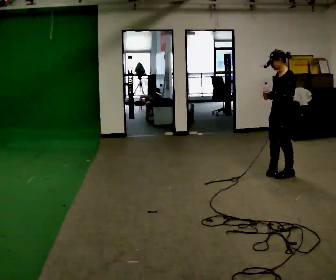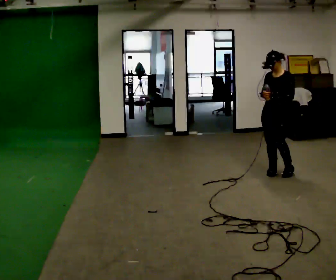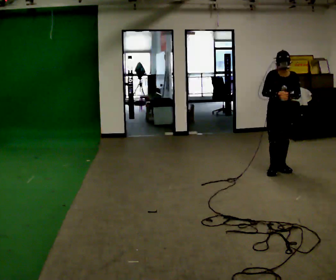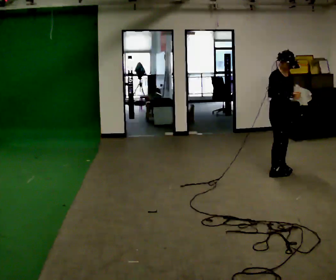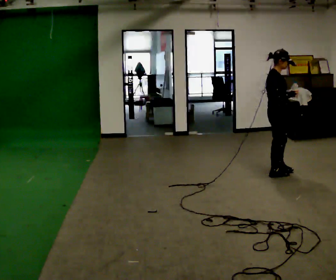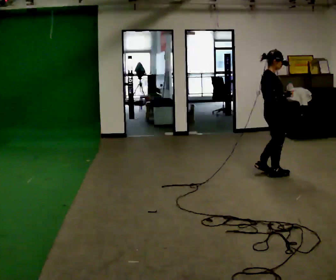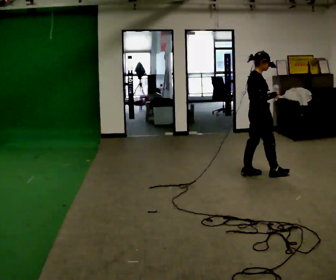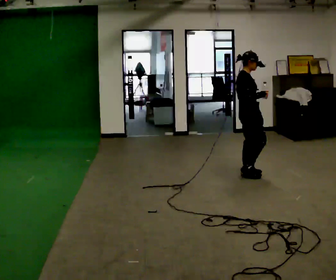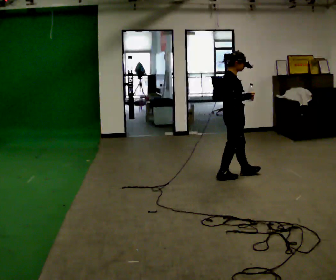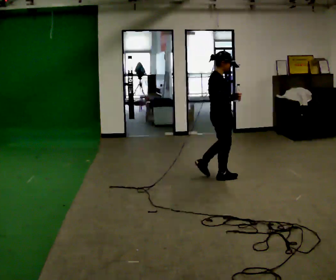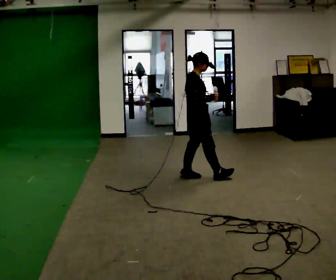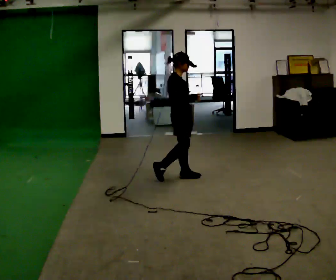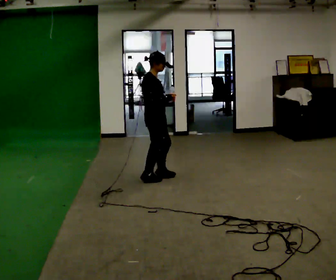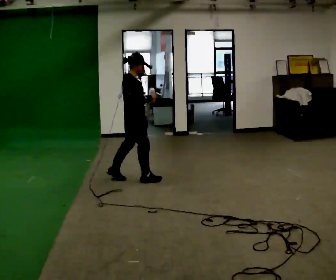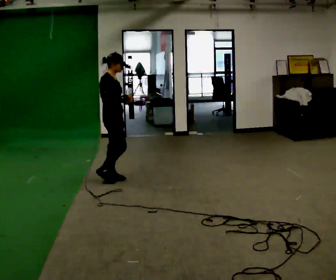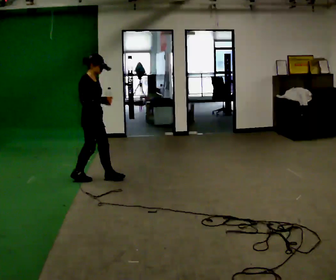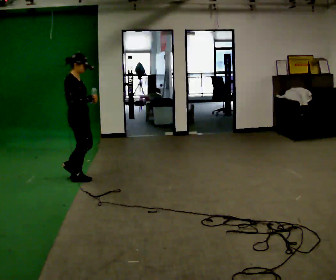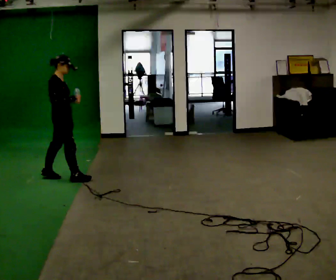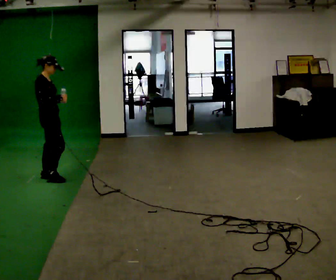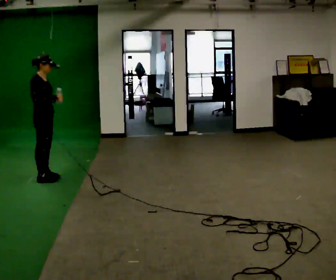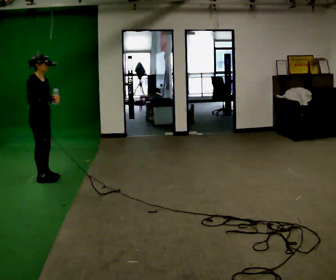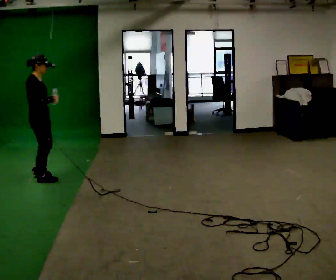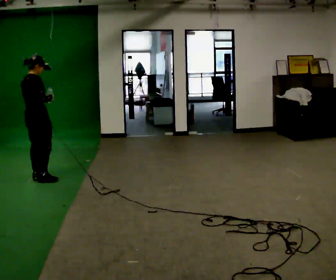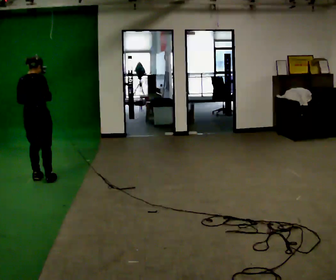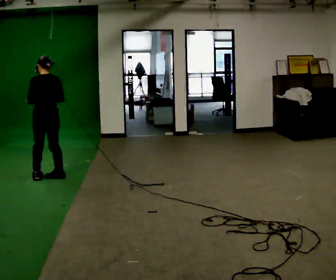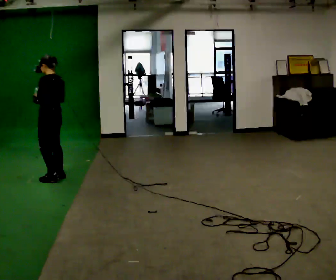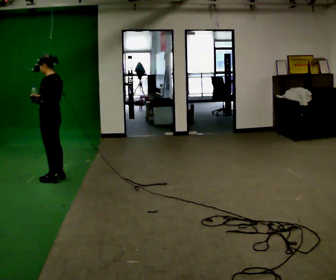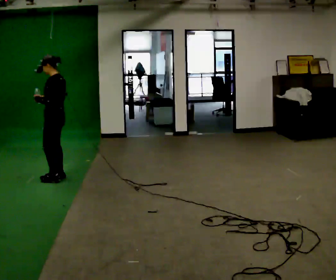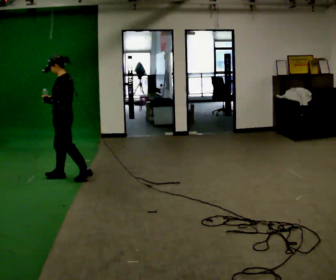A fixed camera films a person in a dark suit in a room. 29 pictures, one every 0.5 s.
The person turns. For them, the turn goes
to their left.
The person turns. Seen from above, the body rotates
counterclockwise.
0.0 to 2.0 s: The person turns about 165 degrees to their left, counterclockwise seen from above, so the part of the body nearest the lens slides to the right.
2.0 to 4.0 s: In the picture they go to the left, about 0.5 m in 2 steps, which for them is backward.
4.0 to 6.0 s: In the picture they go to the left, about 1 m in 3 steps, which for them is backward.
6.0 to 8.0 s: In the picture they go to the left, about 1 m in 2 steps, which for them is backward.
8.0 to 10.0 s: In the picture they go to the left, about 0.5 m in 1 step, which for them is backward.
10.0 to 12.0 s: The part of the body nearest the lens slides to the right as the person turns to their left by about 135 degrees.
12.0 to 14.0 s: Seen from above the body turns counterclockwise, about 60 degrees: to their left, with its near side sliding to the right. In the picture they go to the right, about 0.25 m in 2 steps, which for them is backward.
The film runs backward here.
